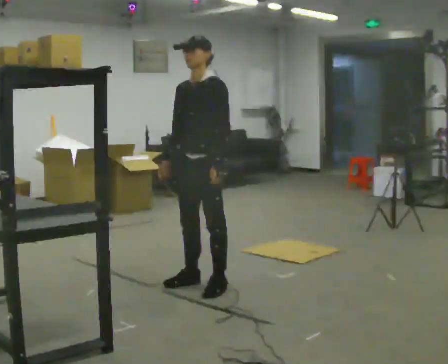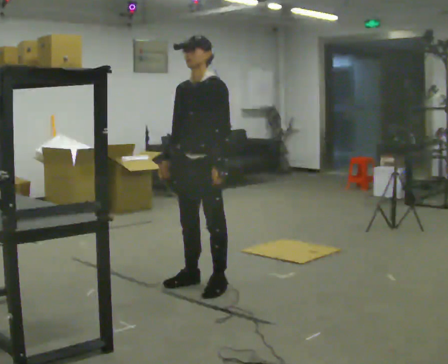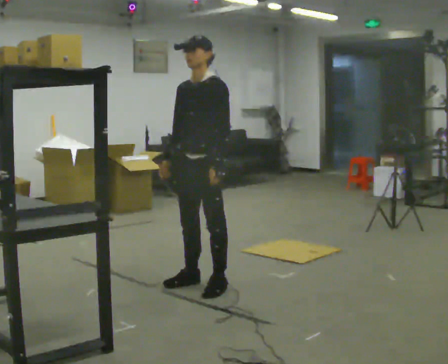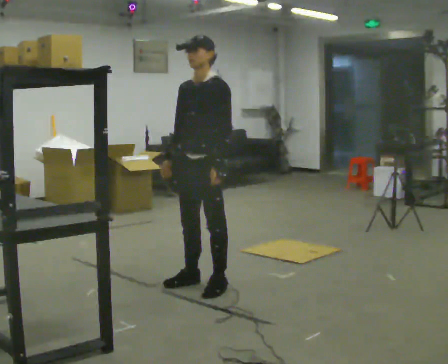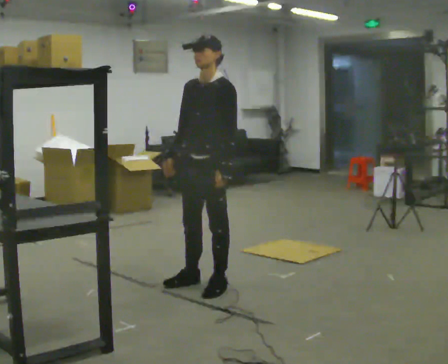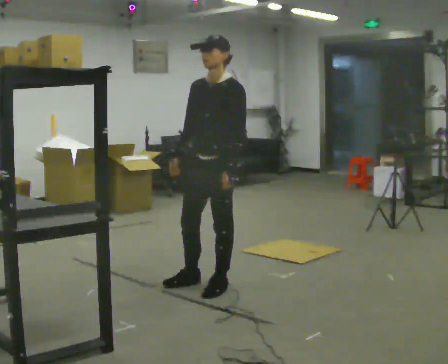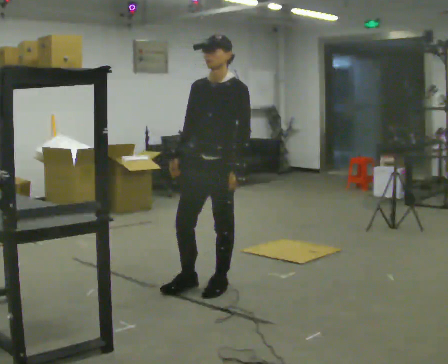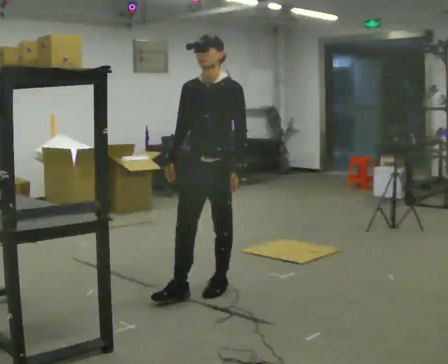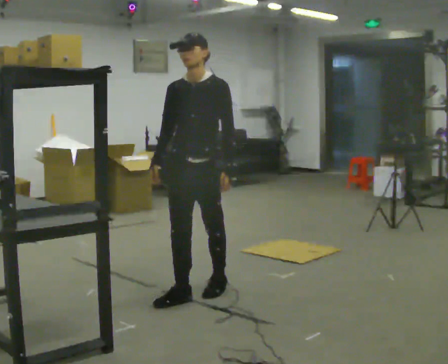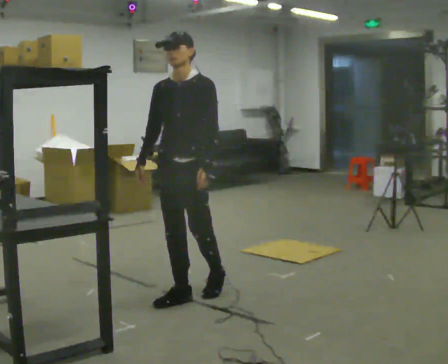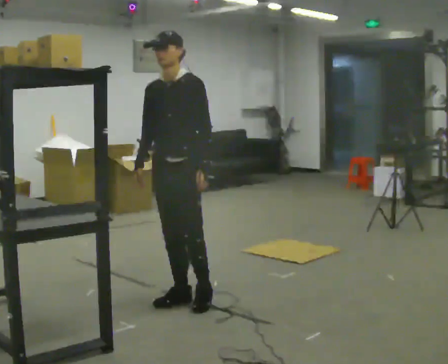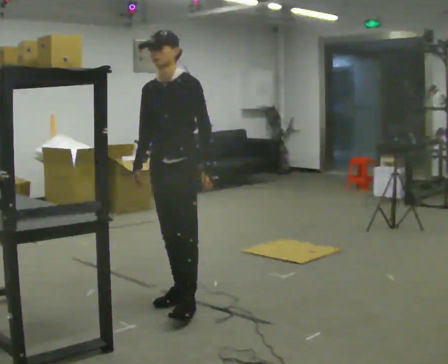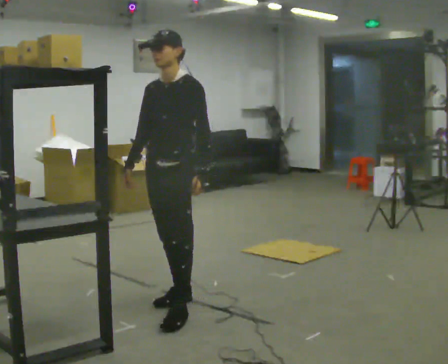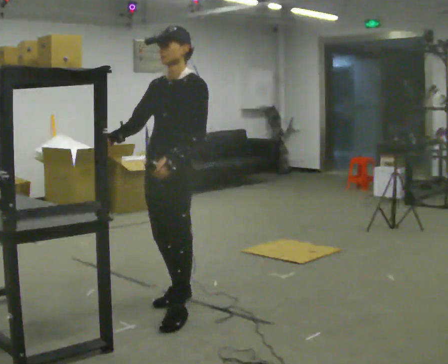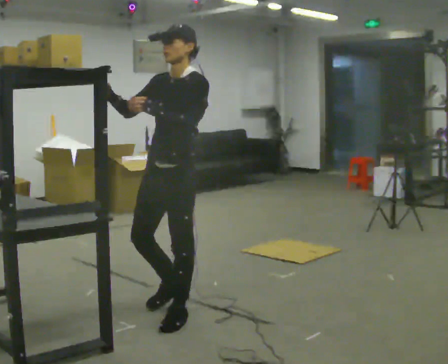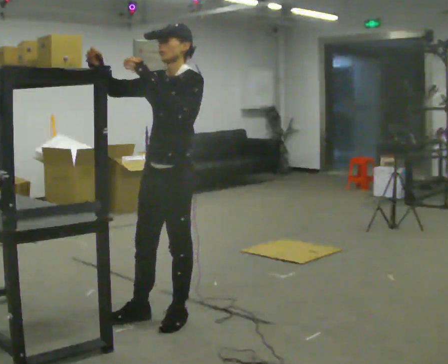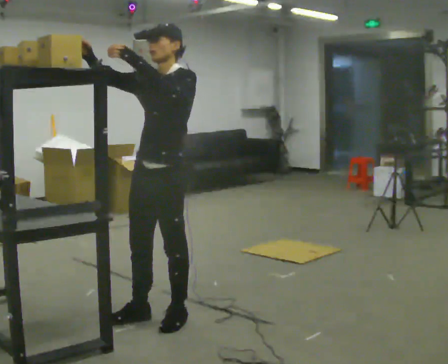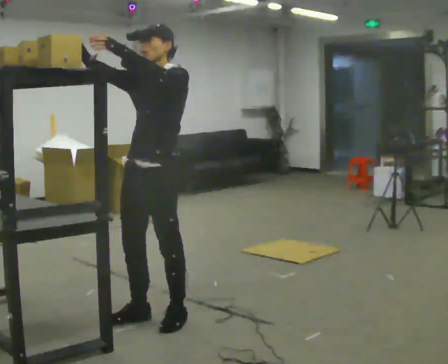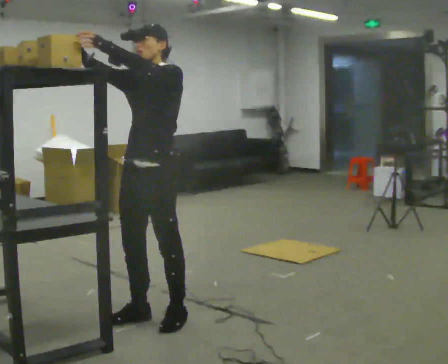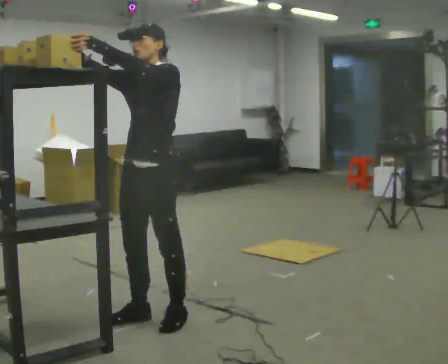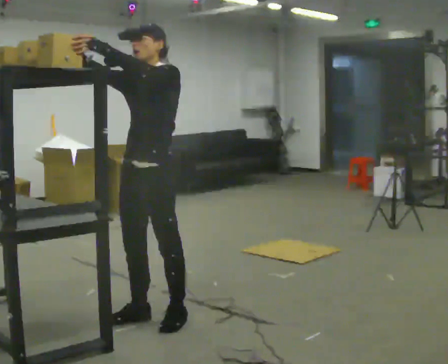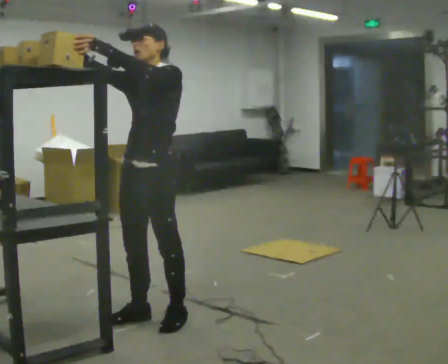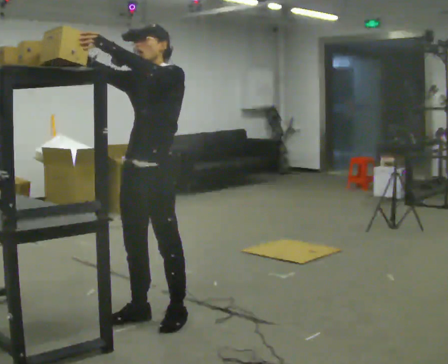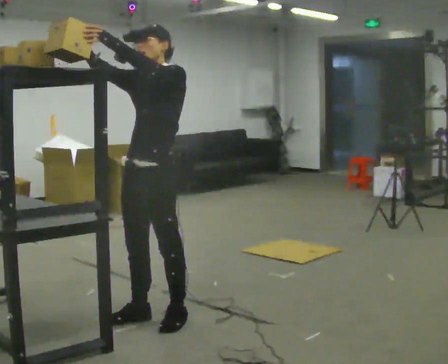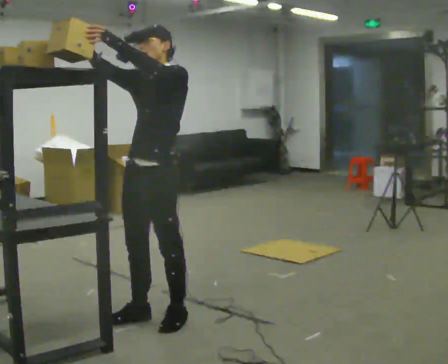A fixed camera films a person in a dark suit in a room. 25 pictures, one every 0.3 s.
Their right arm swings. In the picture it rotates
clockwise.
Their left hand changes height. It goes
upward.
0.0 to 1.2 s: The person moves a little, or ends about where they began.
1.2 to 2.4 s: In the picture they go toward the camera, about 0.25 m in 1 step, which for them is forward.
2.4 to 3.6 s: In the picture they go toward the camera and to the left, about 0.25 m in 1 step, which for them is forward.
3.6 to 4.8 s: In the picture they go toward the camera, about 0.25 m in 1 step, which for them is forward and to their left. In the picture their left hand goes upward.
4.8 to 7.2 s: The person moves a little, or ends about where they began.
The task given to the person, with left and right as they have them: 1. Bring the boxes over from the shelf one at a time. 2. Stack them on the pallet with the heaviest at the bottom. 3. Do not stack more than three high. 4. Tell the operator when you are finished.
The film runs forward here.
